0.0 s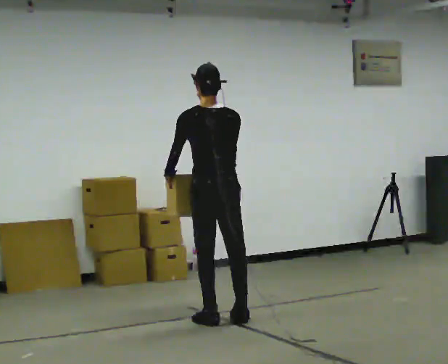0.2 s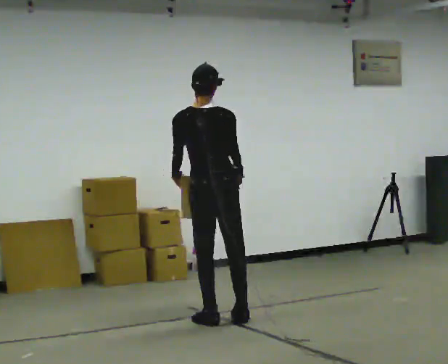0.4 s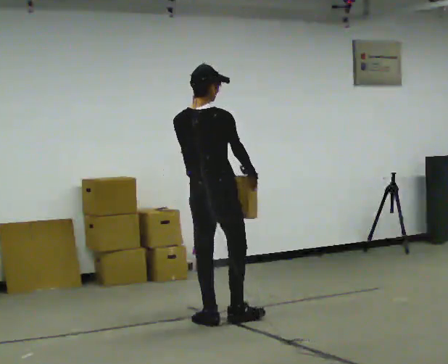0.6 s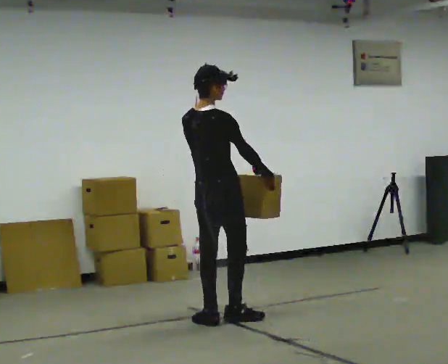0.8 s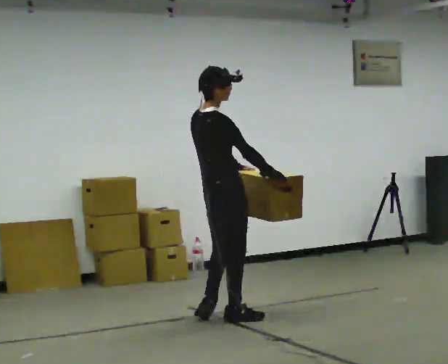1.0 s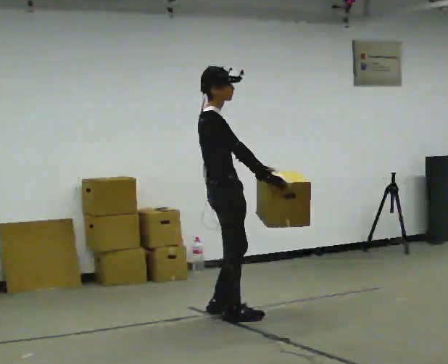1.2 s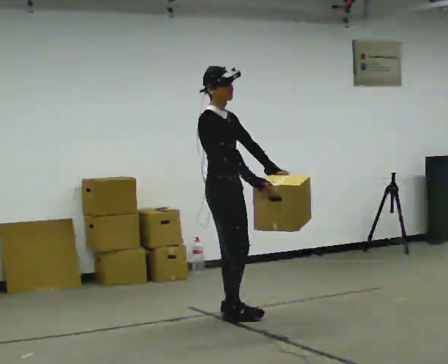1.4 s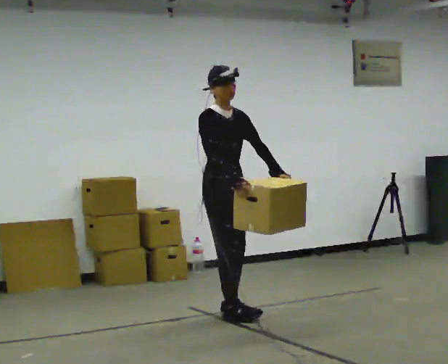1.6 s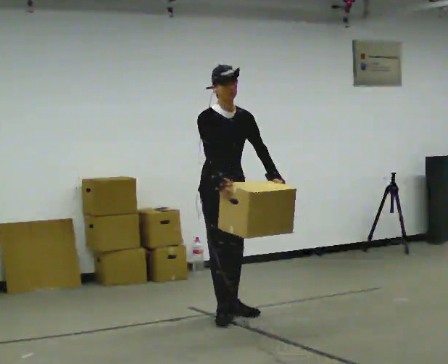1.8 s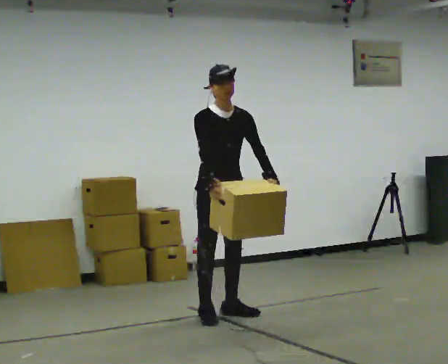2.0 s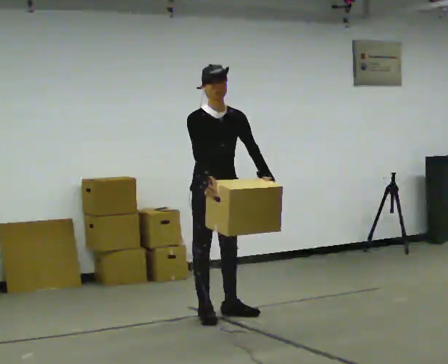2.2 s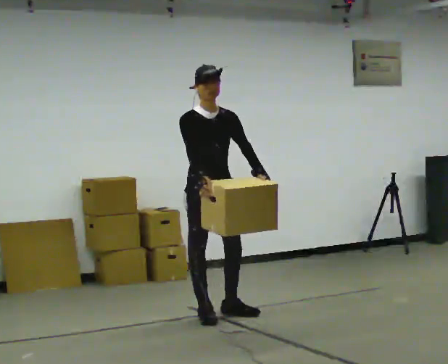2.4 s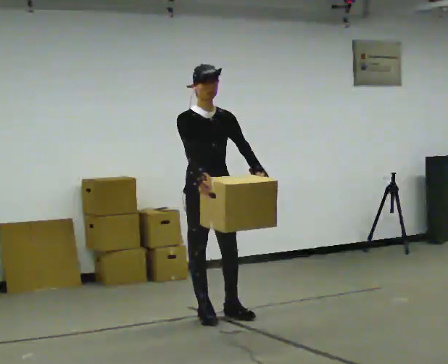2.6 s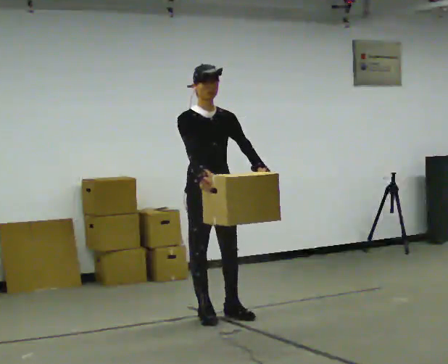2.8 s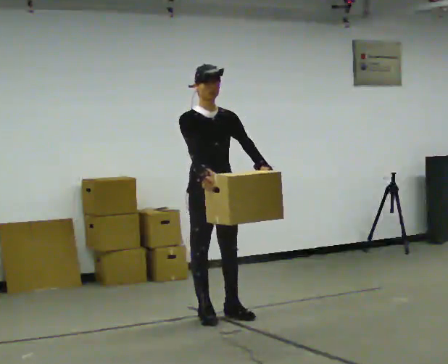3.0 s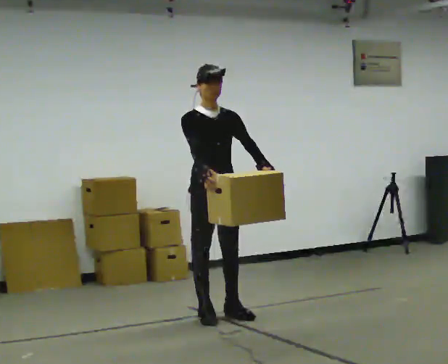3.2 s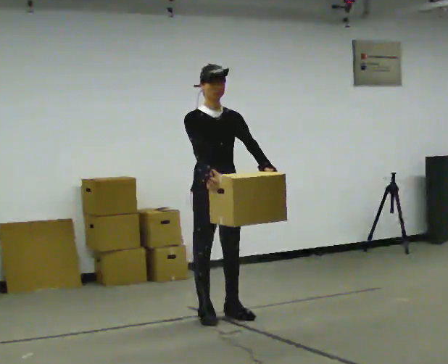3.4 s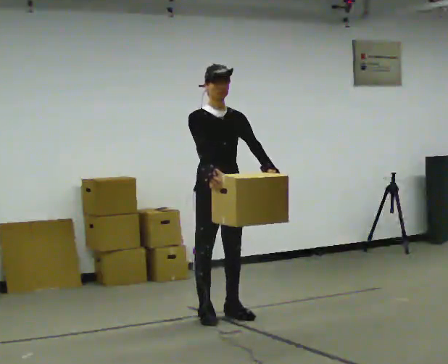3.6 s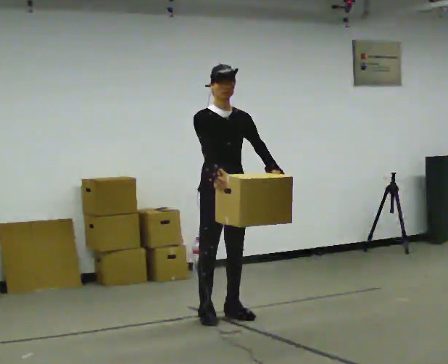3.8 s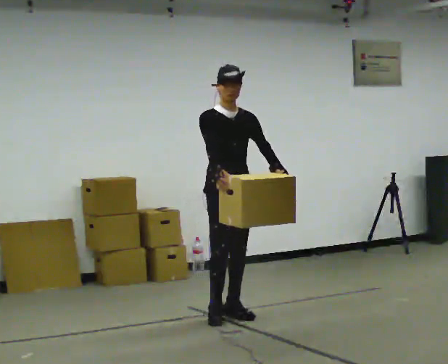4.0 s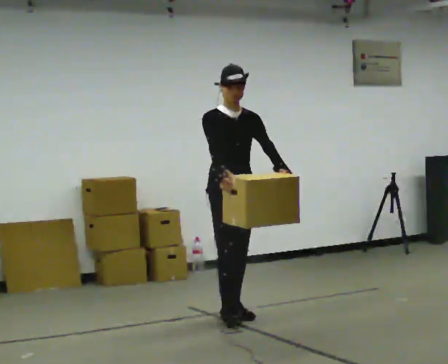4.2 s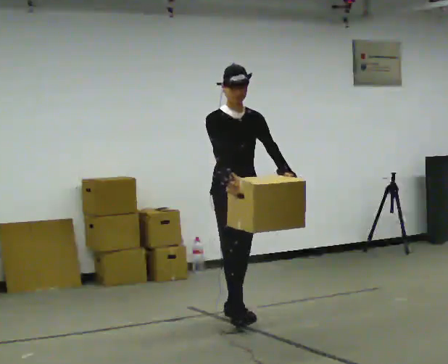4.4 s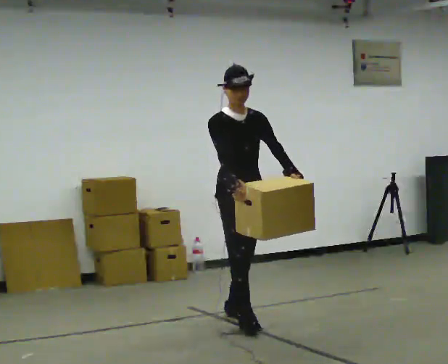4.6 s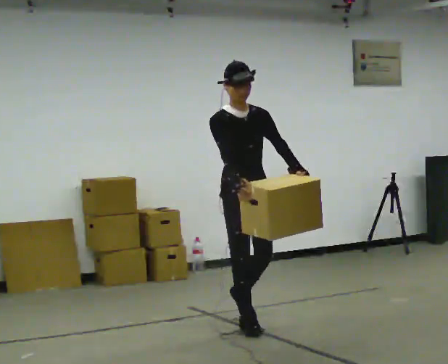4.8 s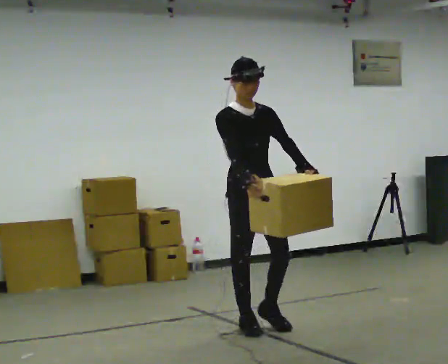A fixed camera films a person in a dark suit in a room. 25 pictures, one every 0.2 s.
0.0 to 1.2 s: The part of the body nearest the lens slides to the left as the person turns to their right by about 120 degrees. In the picture they go away from the camera, about 0.25 m in 1 step. In the picture their left hand goes to the right.
1.2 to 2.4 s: The person turns about 45 degrees to their right, clockwise seen from above, so the part of the body nearest the lens slides to the left.
2.4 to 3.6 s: The person moves a little, or ends about where they began.
3.6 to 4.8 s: In the picture they go toward the camera, about 0.5 m in 1 step, which for them is forward.
The film runs forward here.
